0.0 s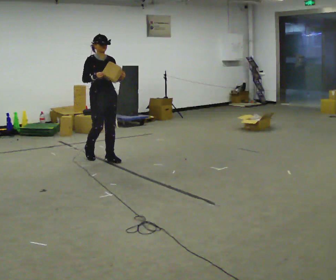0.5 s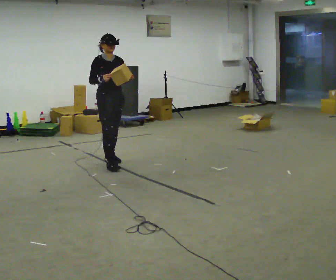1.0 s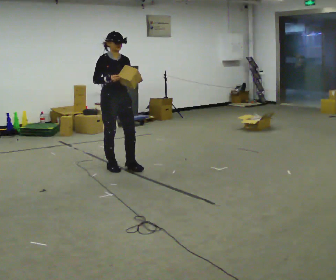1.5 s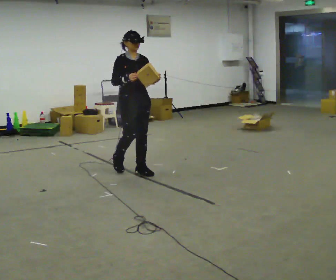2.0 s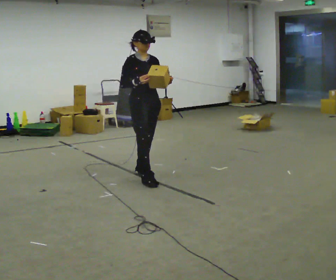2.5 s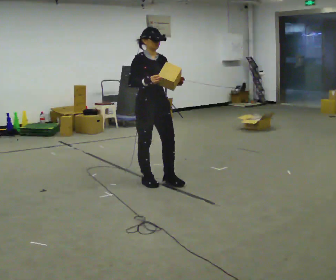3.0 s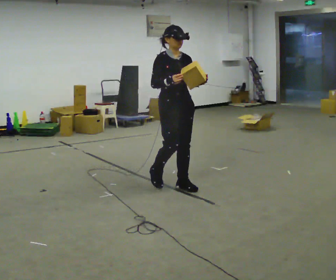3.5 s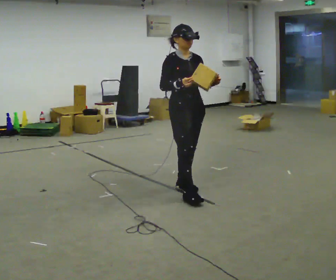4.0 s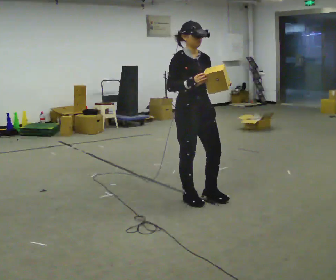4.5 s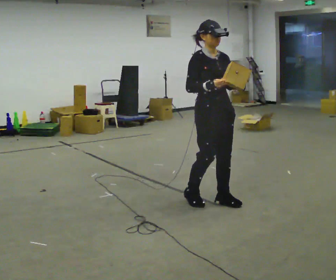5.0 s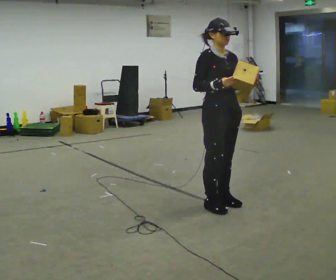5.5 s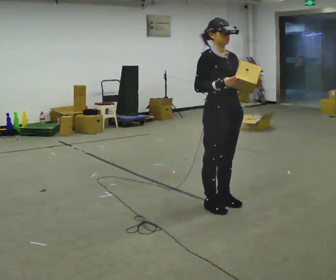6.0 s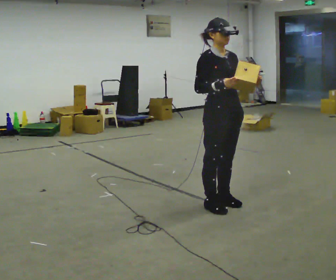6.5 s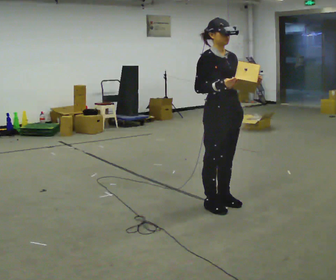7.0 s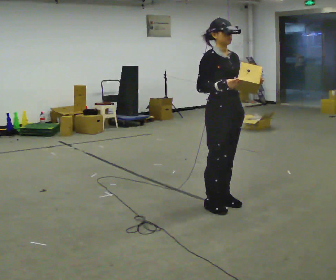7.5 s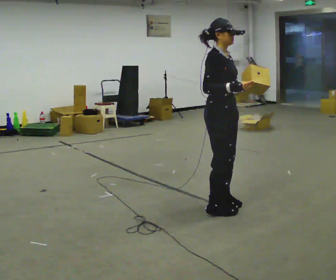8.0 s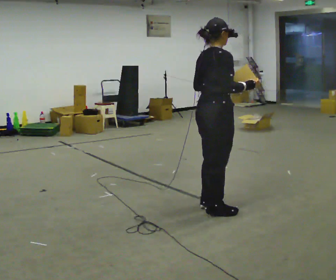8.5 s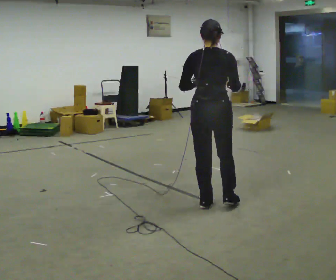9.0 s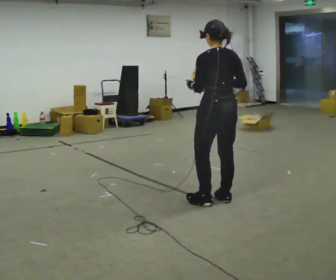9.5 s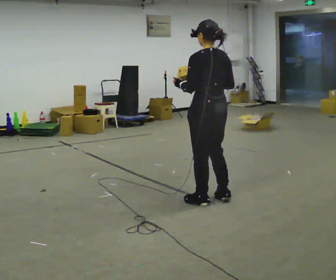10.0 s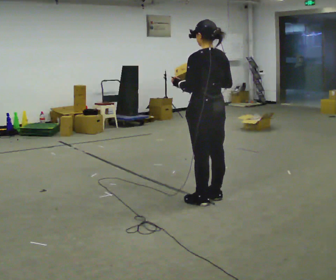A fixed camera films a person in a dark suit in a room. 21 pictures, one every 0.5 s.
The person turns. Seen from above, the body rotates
counterclockwise.
The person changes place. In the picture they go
to the right.
0.0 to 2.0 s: In the picture they go to the right and toward the camera, about 1 m in 3 steps, which for them is forward.
2.0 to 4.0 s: In the picture they go to the right and toward the camera, about 1 m in 2 steps, which for them is forward.
4.0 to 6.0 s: In the picture they go to the right, about 0.25 m in 2 steps, which for them is forward.
6.0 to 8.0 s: Seen from above the body turns counterclockwise, about 75 degrees: to their left, with its near side sliding to the right. In the picture their left hand goes to the left.
8.0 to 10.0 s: Seen from above the body turns counterclockwise, about 90 degrees: to their left, with its near side sliding to the right. In the picture they go away from the camera, about 0.25 m in 1 step. In the picture their right hand goes to the left.
The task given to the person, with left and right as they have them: Carry the object and, while walking, turn it over in your hands to look at all sides of it. Keep turning it as you walk.
The film runs forward here.
